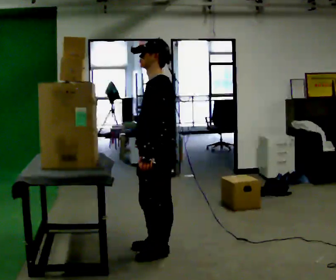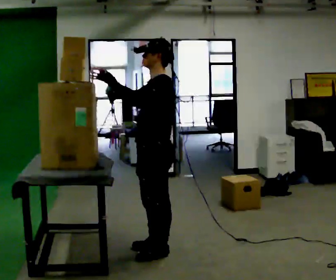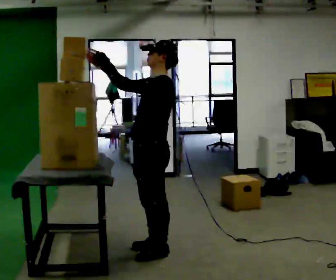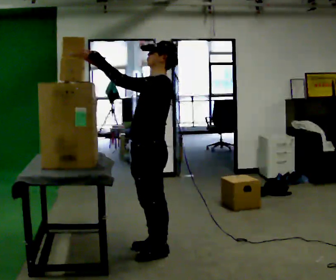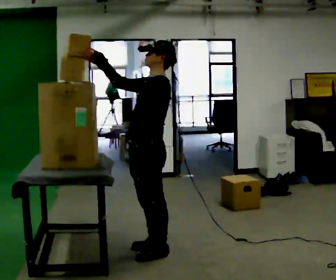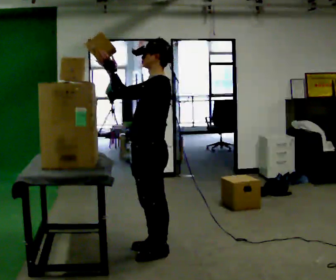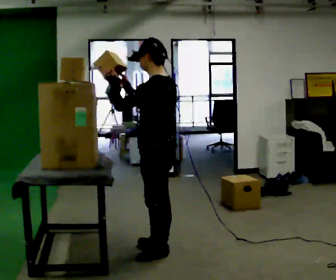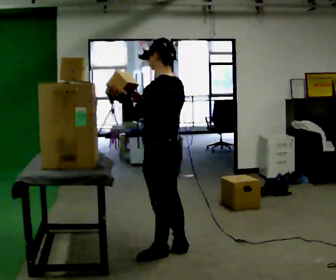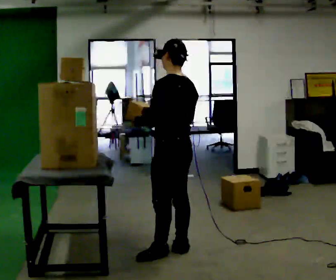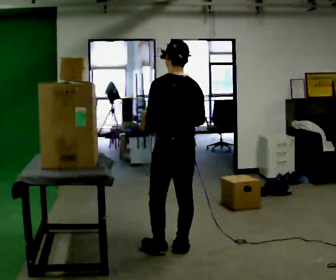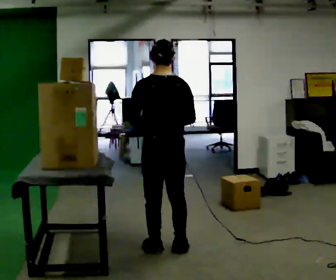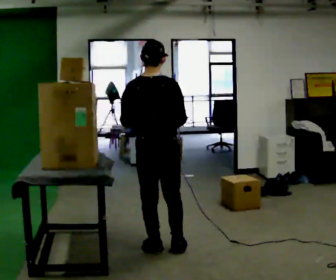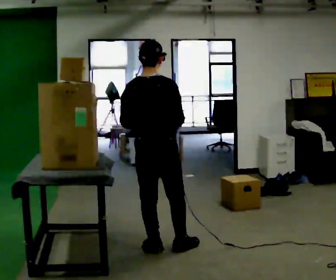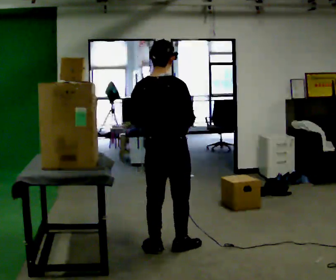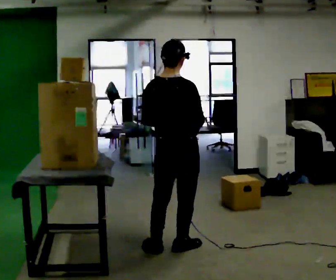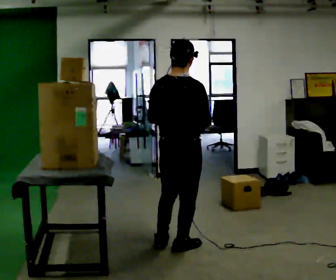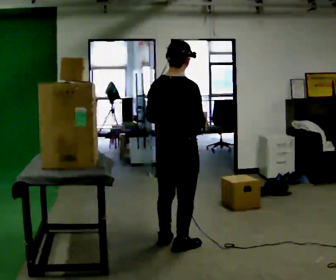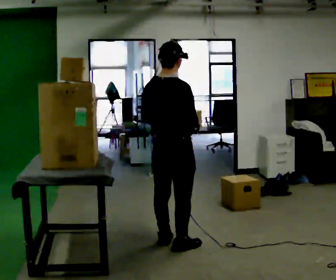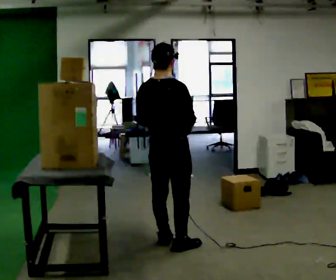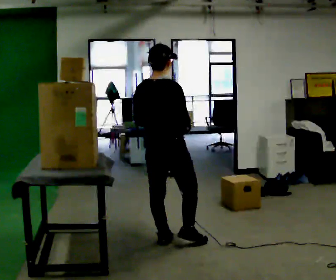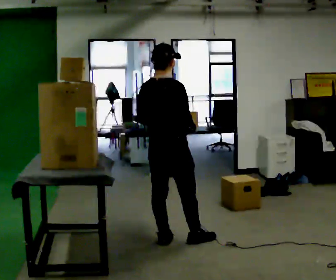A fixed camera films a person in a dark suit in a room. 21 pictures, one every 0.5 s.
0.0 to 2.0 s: In the picture their right hand goes upward and to the left, the arm swinging clockwise.
2.0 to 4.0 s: Seen from above the body turns clockwise, about 45 degrees: to their right, with its near side sliding to the left. In the picture they go to the right, about 0.25 m in 1 step, which for them is backward. In the picture their right hand goes to the right and downward.
4.0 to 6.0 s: The person turns about 75 degrees to their right, clockwise seen from above, so the part of the body nearest the lens slides to the left. In the picture they go to the left, about 0.25 m.
6.0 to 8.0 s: In the picture they go to the right, about 0.25 m in 1 step, which for them is to their right.
8.0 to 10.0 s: In the picture they go away from the camera, about 0.25 m in 1 step, which for them is forward and to their left.
The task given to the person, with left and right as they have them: Take an object from the highest shelf you can comfortably reach, carry it across, and place it on the lowest shelf. Keep going until the operator says stop; one object at a time, and do not rush between trips.
The film runs forward here.
